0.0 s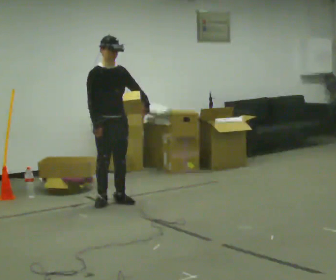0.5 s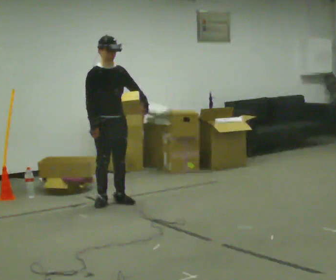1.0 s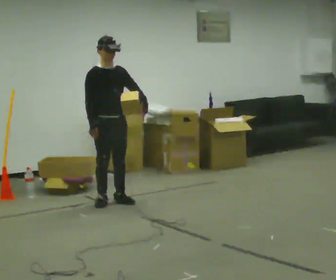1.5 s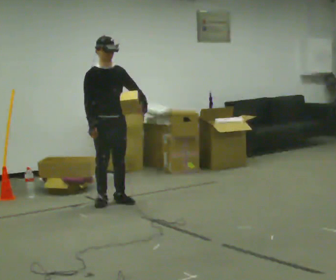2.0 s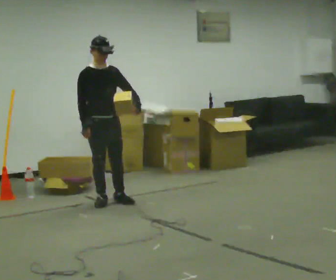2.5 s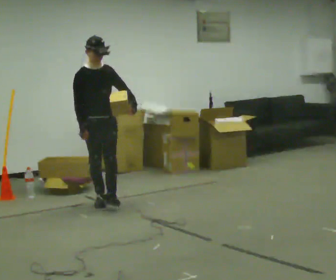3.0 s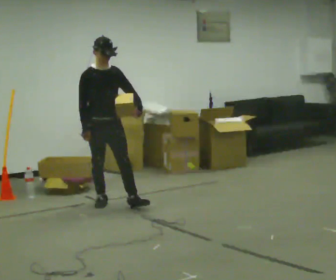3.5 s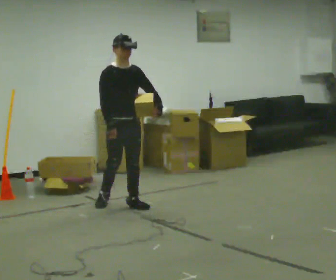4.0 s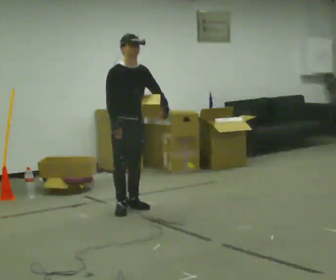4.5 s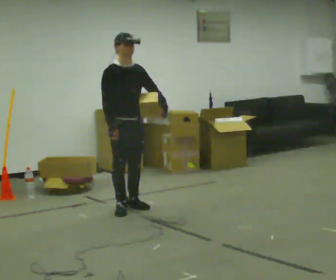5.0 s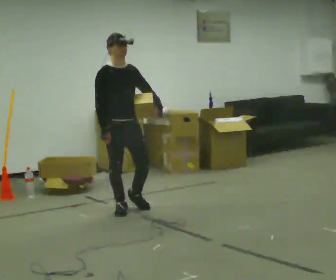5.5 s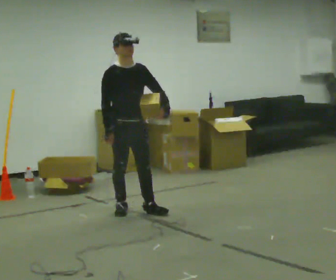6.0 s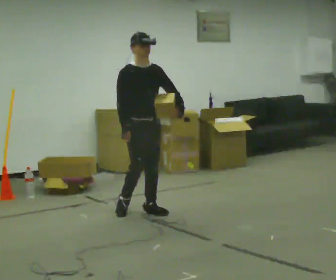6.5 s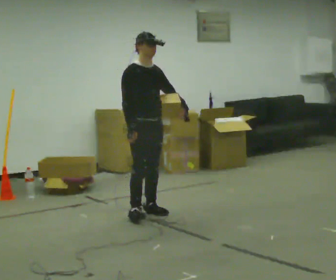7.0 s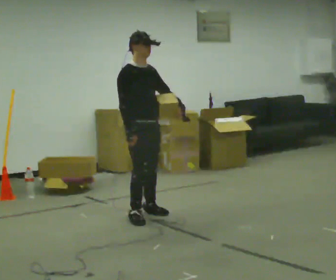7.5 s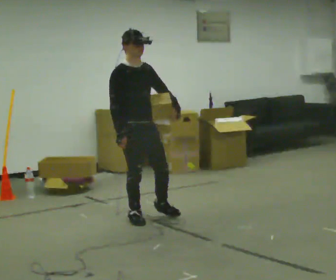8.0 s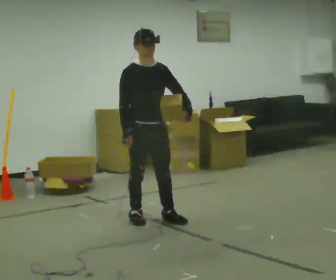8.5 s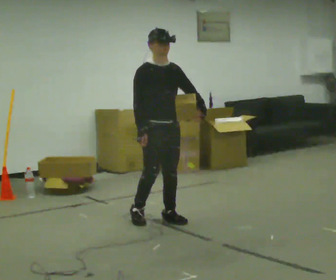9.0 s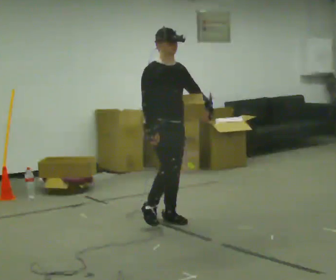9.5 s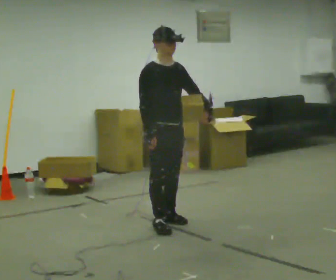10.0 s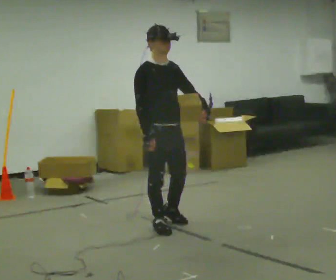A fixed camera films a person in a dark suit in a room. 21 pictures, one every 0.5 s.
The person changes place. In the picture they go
toward the camera.
0.0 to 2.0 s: The person moves a little, or ends about where they began.
2.0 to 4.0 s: In the picture they go toward the camera and to the right, about 0.25 m in 2 steps, which for them is forward and to their left.
4.0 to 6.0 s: In the picture they go toward the camera, about 0.25 m in 1 step, which for them is forward.
6.0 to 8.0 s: In the picture they go toward the camera, about 0.25 m in 2 steps, which for them is forward and to their right.
8.0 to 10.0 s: In the picture they go toward the camera, about 0.25 m in 1 step, which for them is forward.
The film runs forward here.
